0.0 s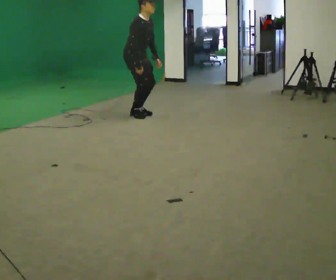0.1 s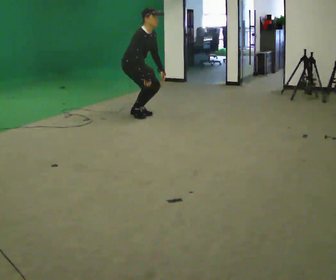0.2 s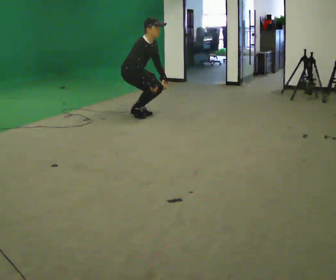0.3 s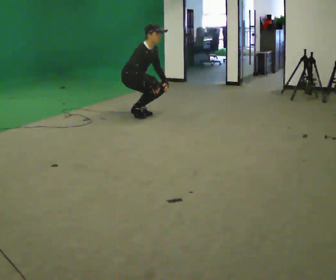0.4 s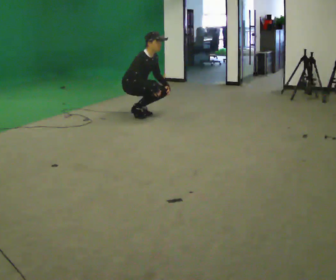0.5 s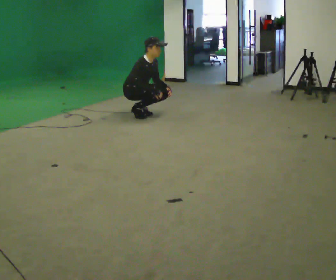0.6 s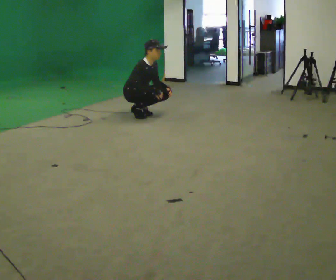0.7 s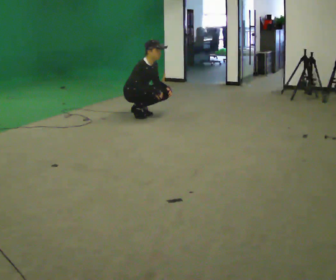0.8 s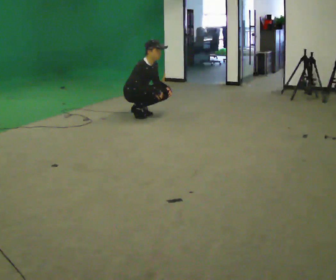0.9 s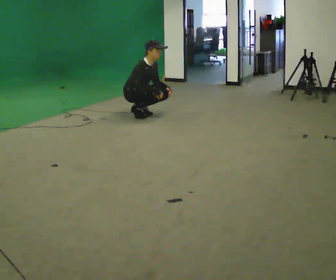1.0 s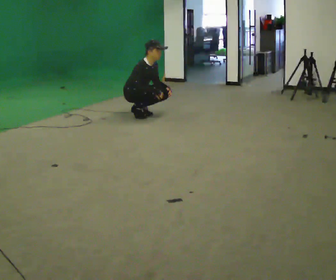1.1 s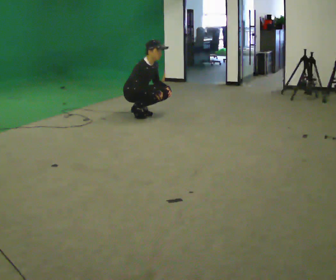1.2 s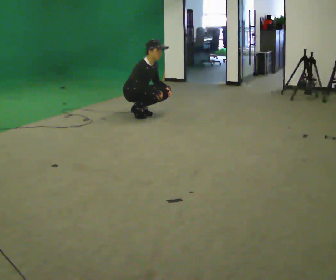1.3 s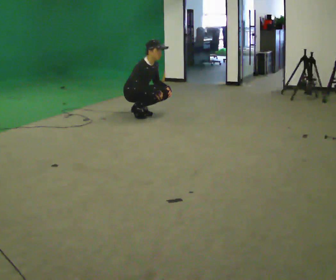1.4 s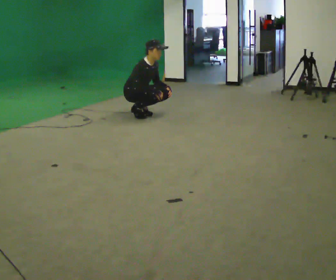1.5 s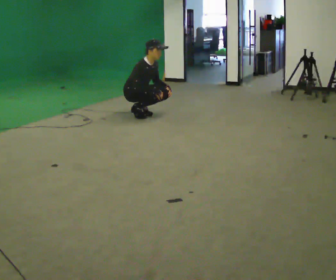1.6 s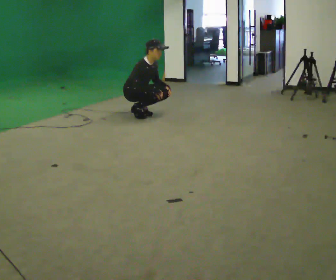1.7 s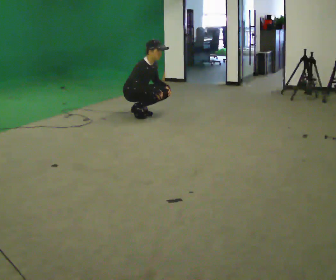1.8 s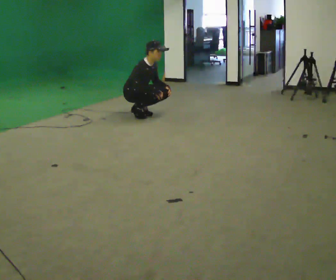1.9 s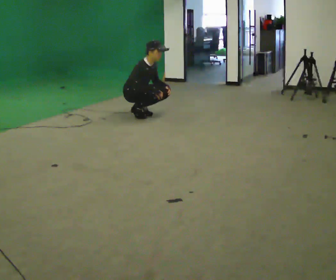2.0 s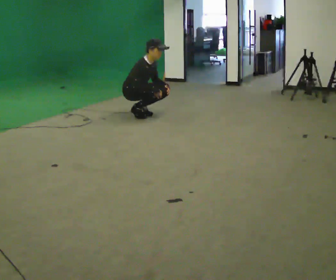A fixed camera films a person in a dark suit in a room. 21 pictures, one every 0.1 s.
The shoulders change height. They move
downward.
Their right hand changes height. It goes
downward.
0.0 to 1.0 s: The shoulders move downward. In the picture their right hand goes downward.
1.0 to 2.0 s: The person keeps their place and pose.
The film runs backward here.
